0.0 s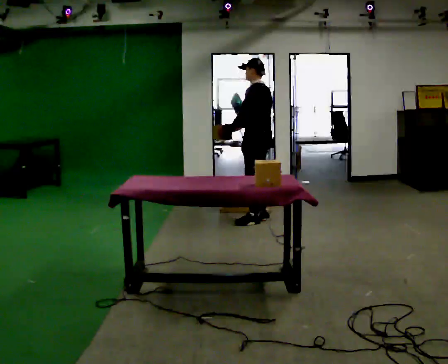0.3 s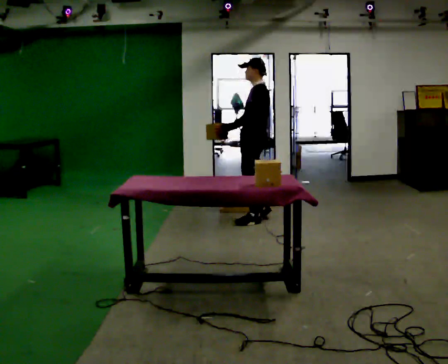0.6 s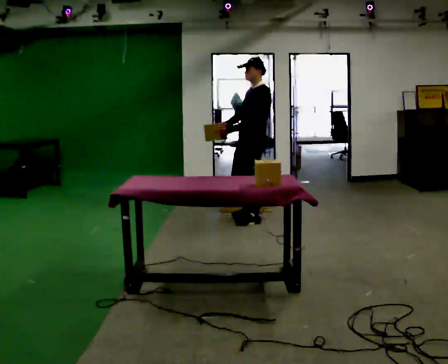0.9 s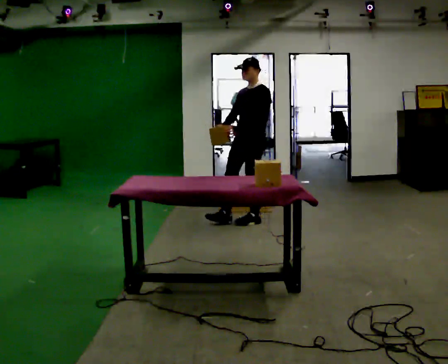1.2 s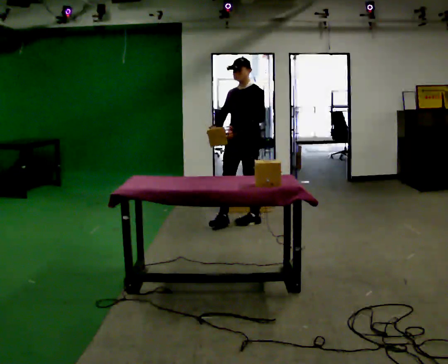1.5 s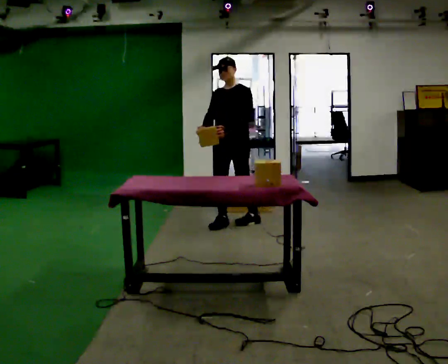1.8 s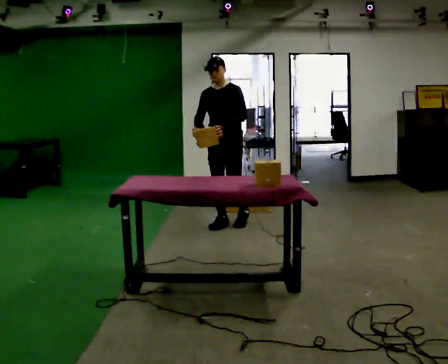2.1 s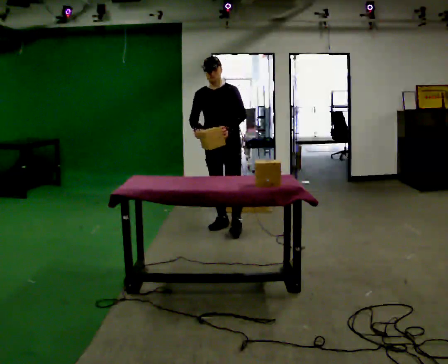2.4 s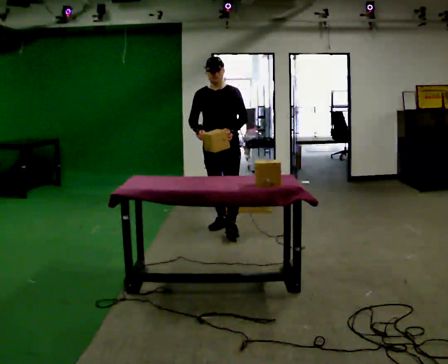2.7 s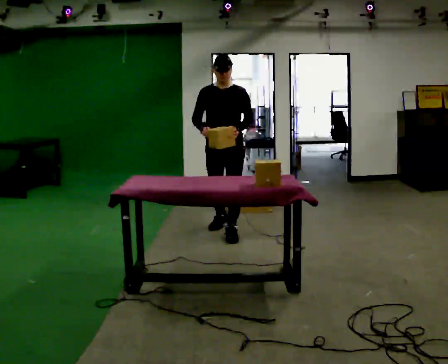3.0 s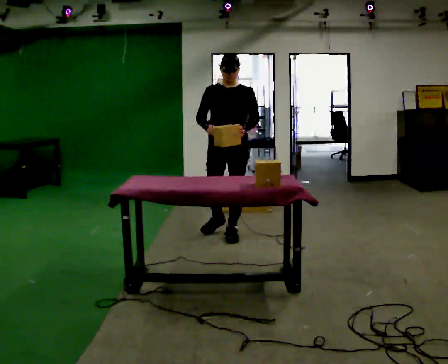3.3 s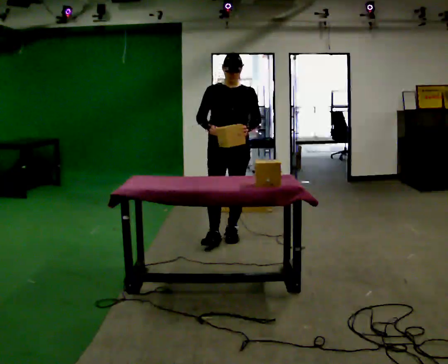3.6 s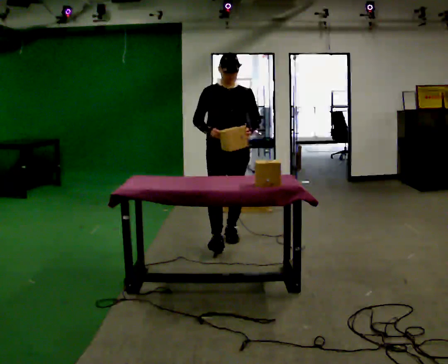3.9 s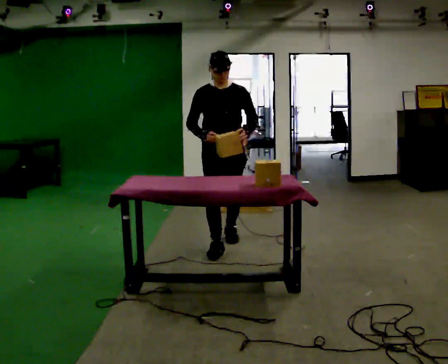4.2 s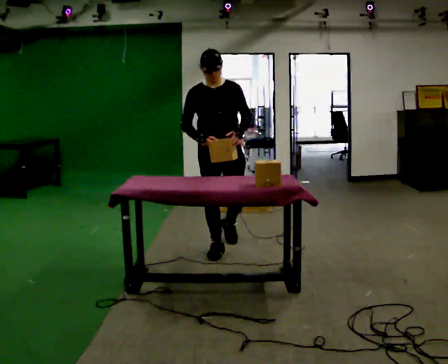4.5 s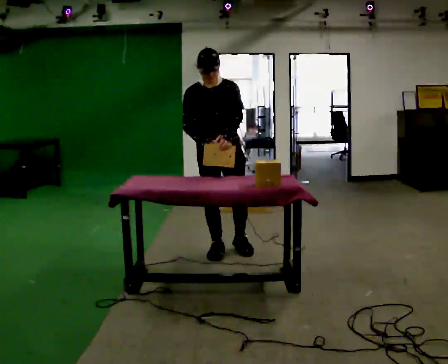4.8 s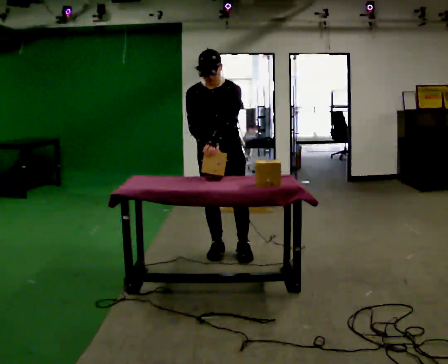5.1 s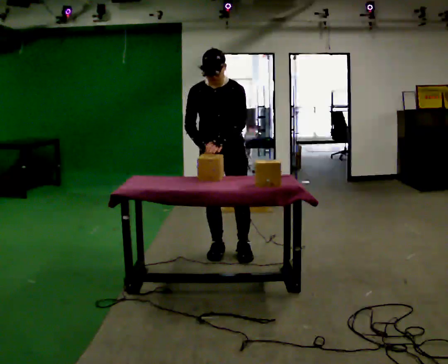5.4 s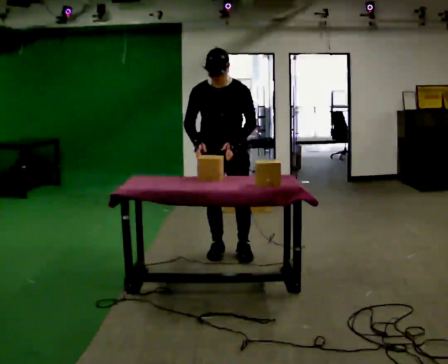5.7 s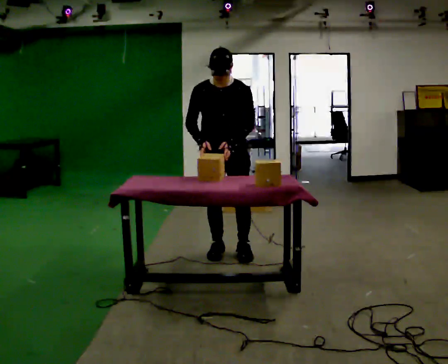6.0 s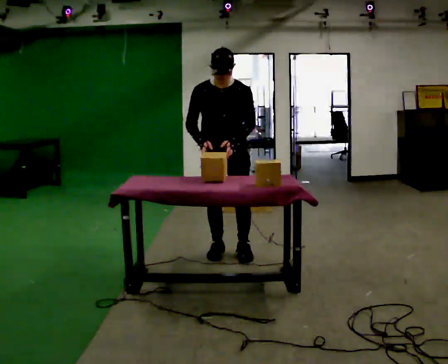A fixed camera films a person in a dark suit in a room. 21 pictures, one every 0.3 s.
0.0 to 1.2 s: The part of the body nearest the lens slides to the right as the person turns to their left by about 75 degrees. In the picture they go to the left, about 0.25 m in 1 step.
1.2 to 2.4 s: The part of the body nearest the lens slides to the right as the person turns to their left by about 30 degrees. In the picture they go to the left and toward the camera, about 0.25 m in 1 step, which for them is forward and to their right.
2.4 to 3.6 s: In the picture they go toward the camera, about 0.5 m in 1 step, which for them is forward.
3.6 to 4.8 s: In the picture they go toward the camera, about 0.25 m in 1 step, which for them is forward. The upper body tips toward the camera, its near side rolling downward, as they bend forward.
4.8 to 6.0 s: The person moves a little, or ends about where they began.
The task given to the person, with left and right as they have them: Reach down into the deep bin on the floor, take out one object at a time, carry it to the shelf, and come back for the next one. Keep going until the operator says stop; one object at a time, and do not rush between trips.
The film runs forward here.
